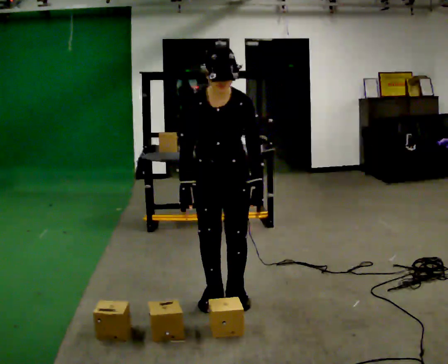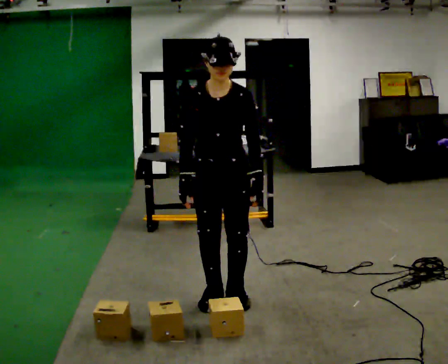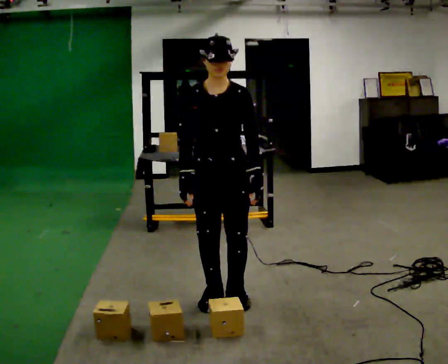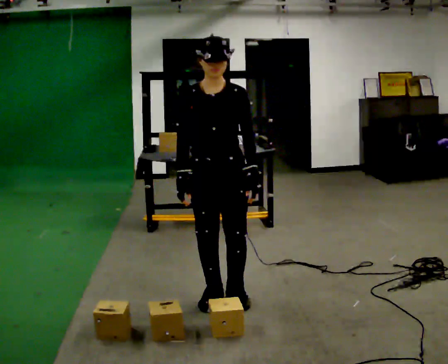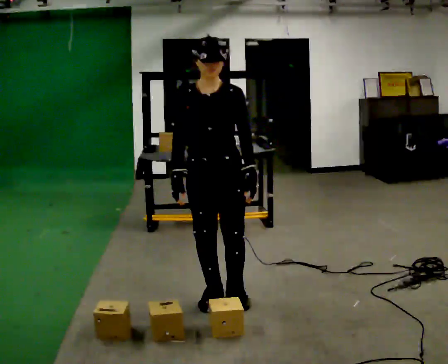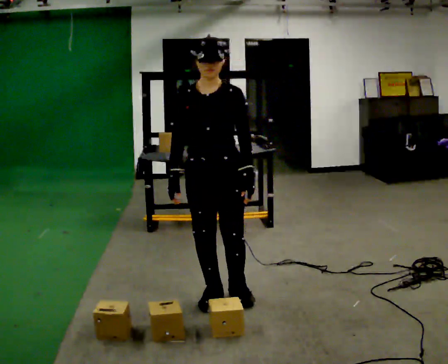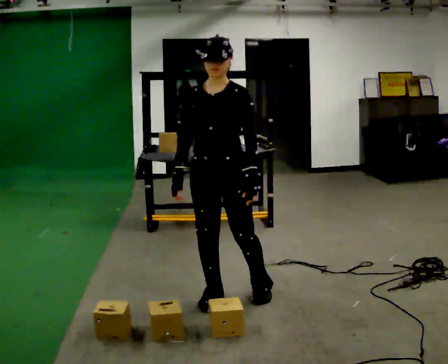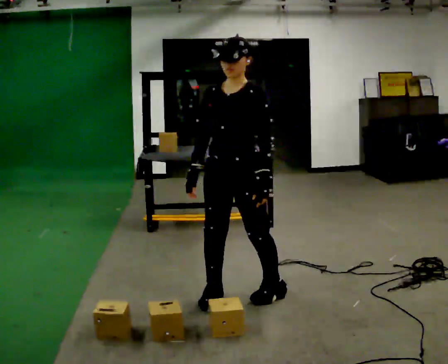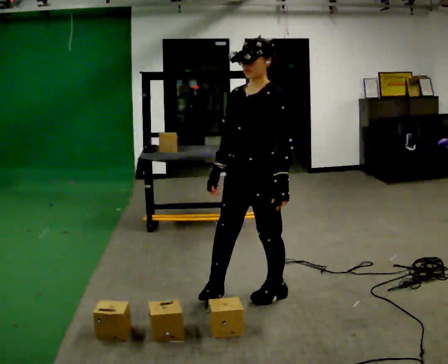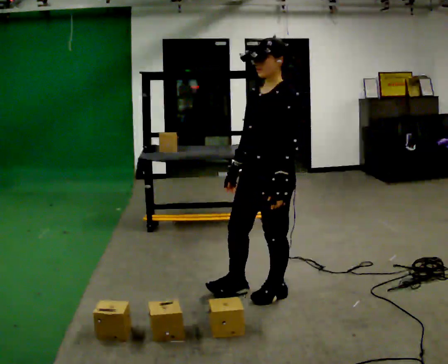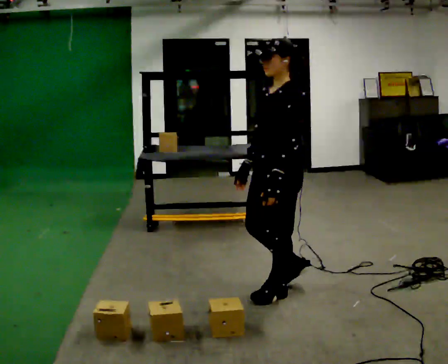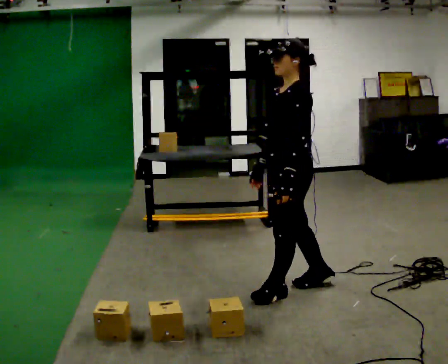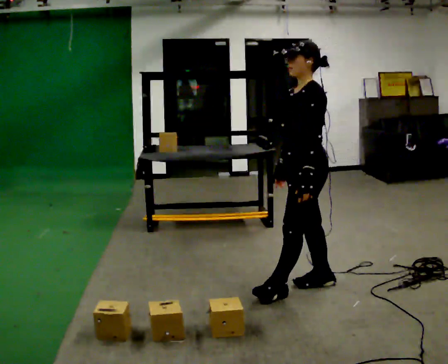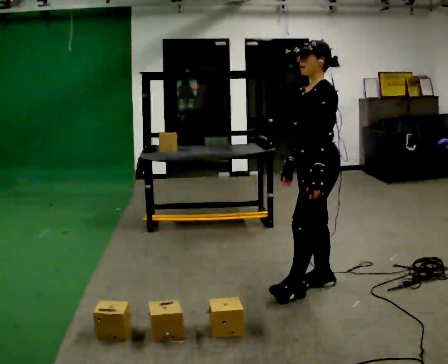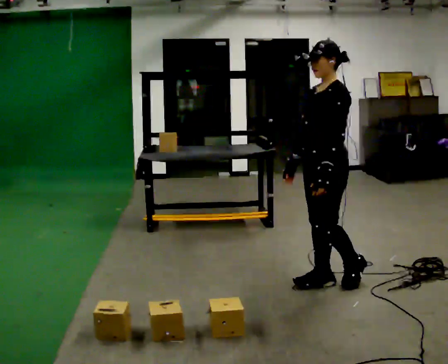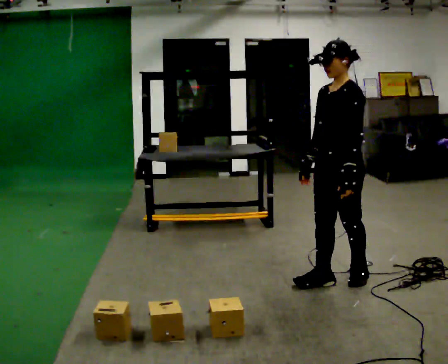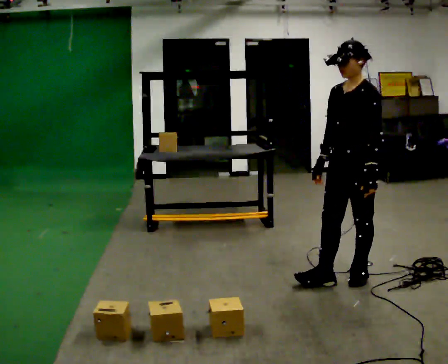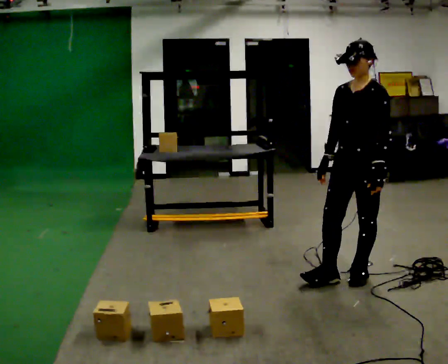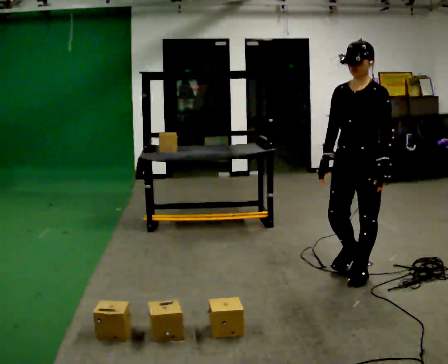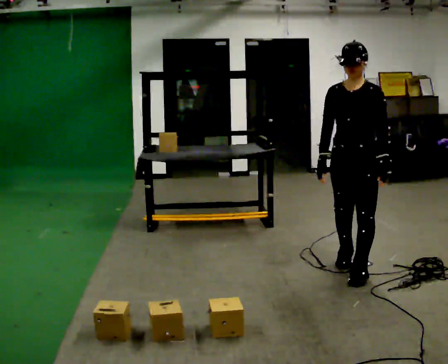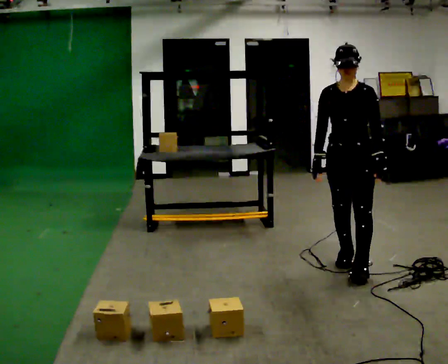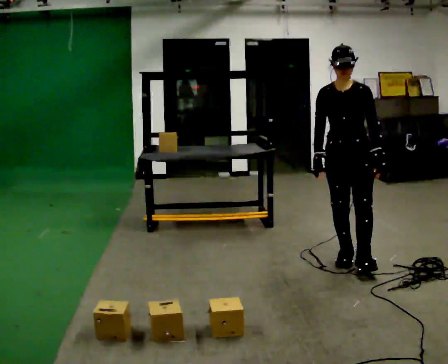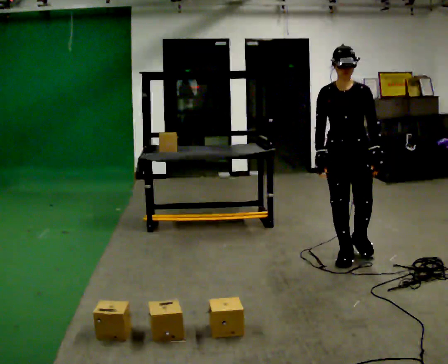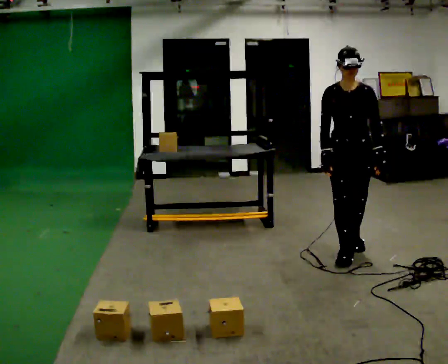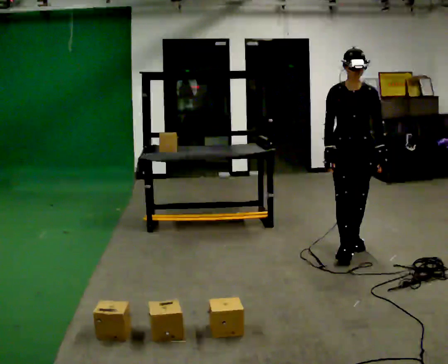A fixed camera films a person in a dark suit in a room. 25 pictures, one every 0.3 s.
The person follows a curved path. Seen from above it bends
counterclockwise.
0.0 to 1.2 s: The upper body tips away from the camera, its near side rolling upward, as they lean back or straighten.
1.2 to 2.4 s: The part of the body nearest the lens slides to the left as the person turns to their right by about 45 degrees. In the picture they go to the right, about 0.25 m in 1 step, which for them is to their left.
2.4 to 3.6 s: Seen from above the body turns clockwise, about 30 degrees: to their right, with its near side sliding to the left. In the picture they go to the right and away from the camera, about 0.25 m in 1 step, which for them is backward.
3.6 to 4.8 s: In the picture they go to the right, about 0.25 m in 1 step, which for them is backward.
4.8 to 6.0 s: Seen from above the body turns counterclockwise, about 45 degrees: to their left, with its near side sliding to the right. In the picture they go away from the camera, about 0.25 m in 1 step, which for them is backward and to their right.
6.0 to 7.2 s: In the picture they go away from the camera, about 0.5 m in 1 step, which for them is backward.
The film runs backward here.
